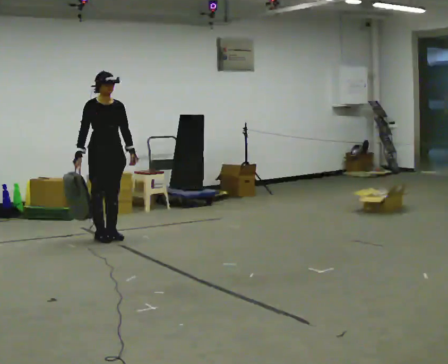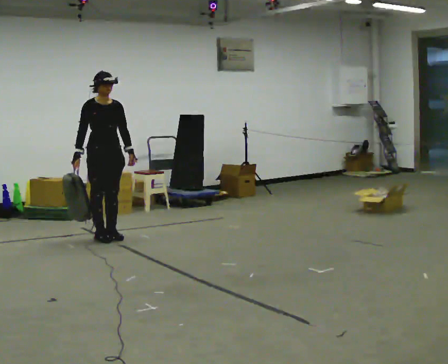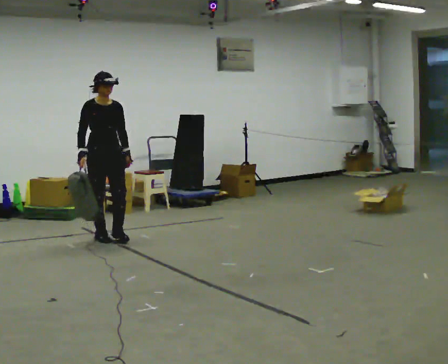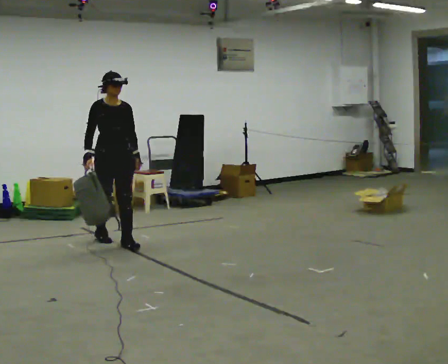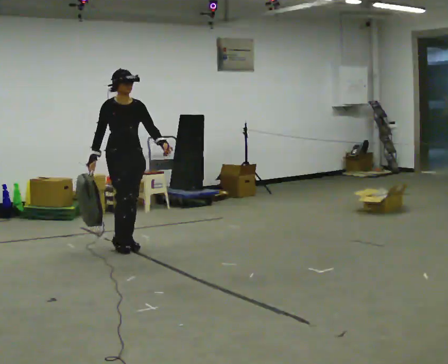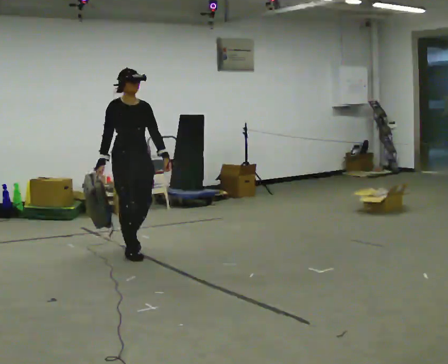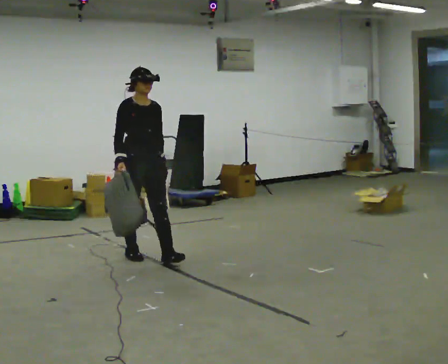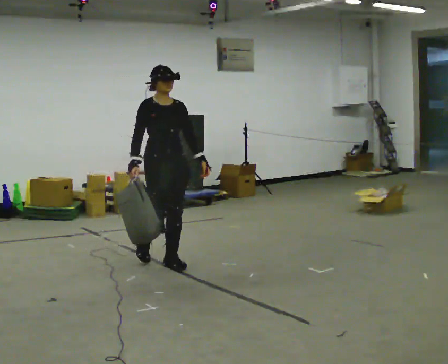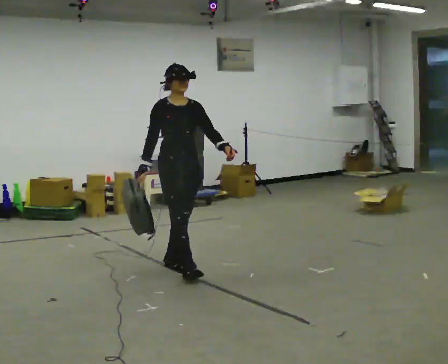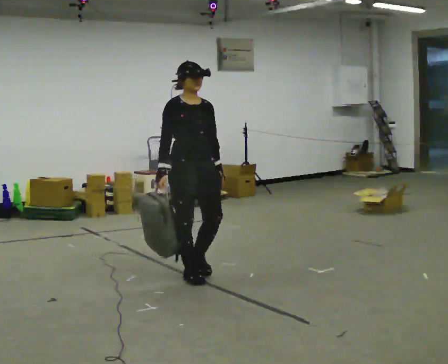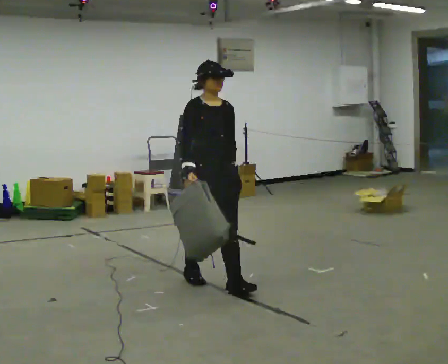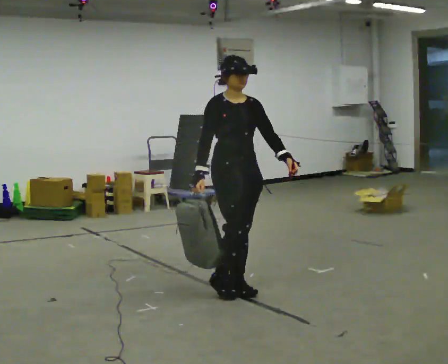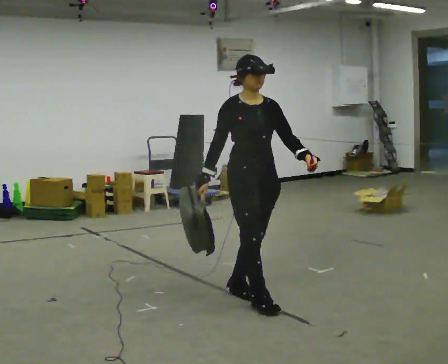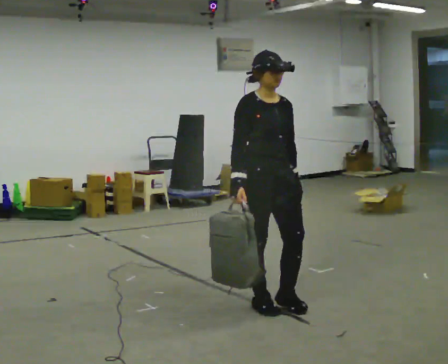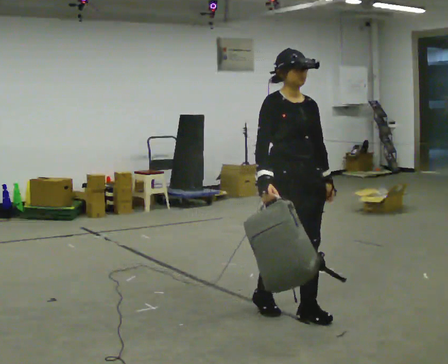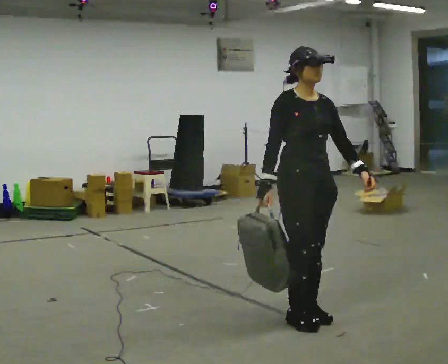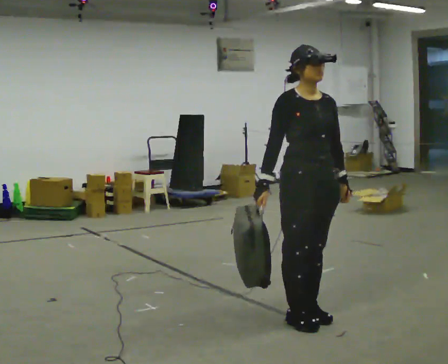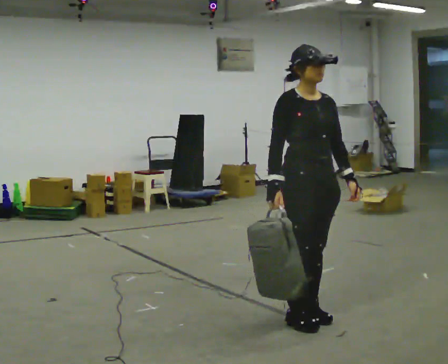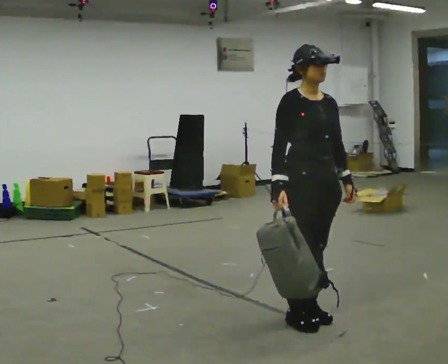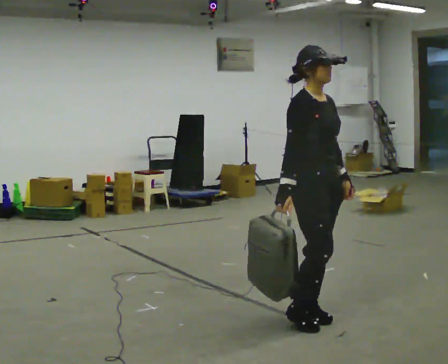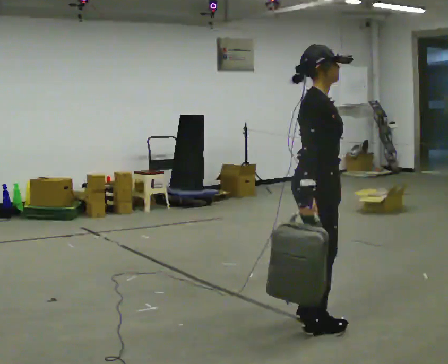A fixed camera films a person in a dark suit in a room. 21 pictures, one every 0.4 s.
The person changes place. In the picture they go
toward the camera.
0.0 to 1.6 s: In the picture they go toward the camera and to the right, about 0.5 m in 1 step, which for them is forward.
1.6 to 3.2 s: In the picture they go toward the camera and to the right, about 1 m in 2 steps, which for them is forward.
3.2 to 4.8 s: In the picture they go toward the camera and to the right, about 1 m in 3 steps, which for them is forward.
4.8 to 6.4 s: In the picture they go toward the camera and to the right, about 0.5 m in 2 steps, which for them is forward.
6.4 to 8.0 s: The person turns about 45 degrees to their left, counterclockwise seen from above, so the part of the body nearest the lens slides to the right.
The film runs forward here.
